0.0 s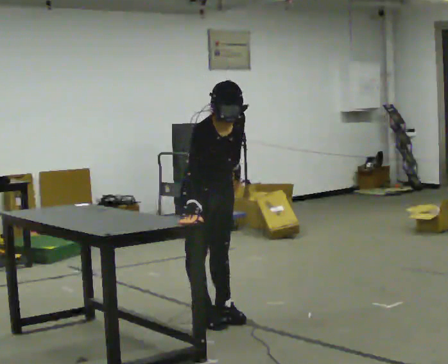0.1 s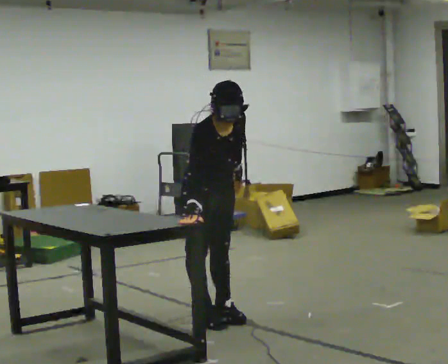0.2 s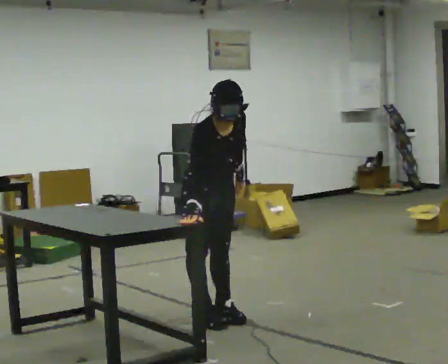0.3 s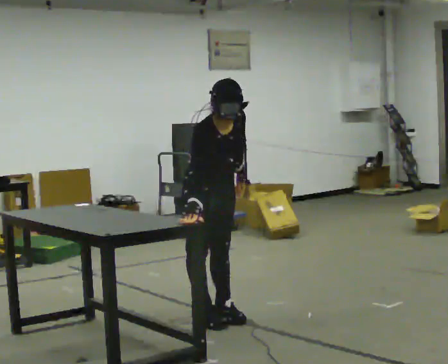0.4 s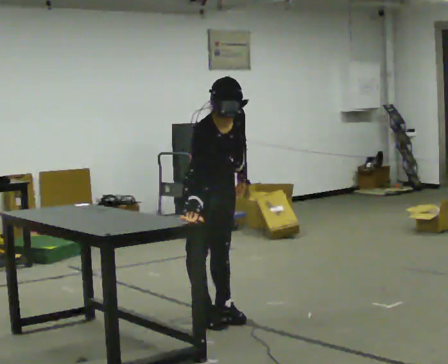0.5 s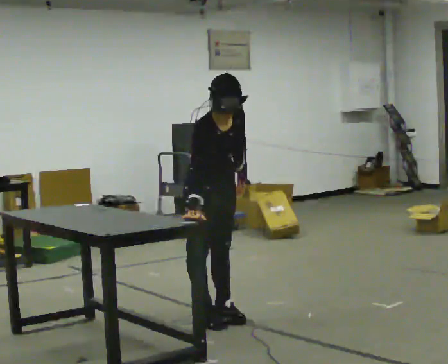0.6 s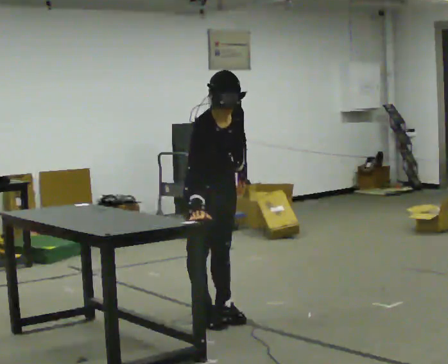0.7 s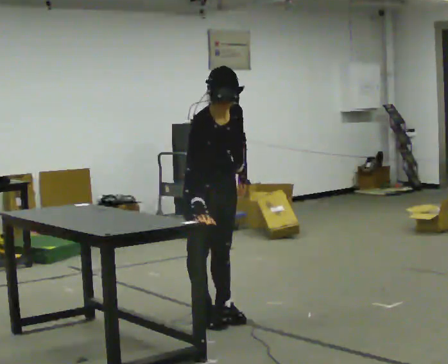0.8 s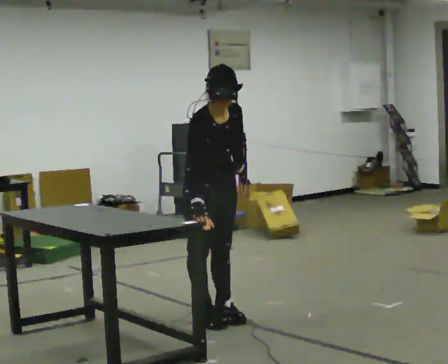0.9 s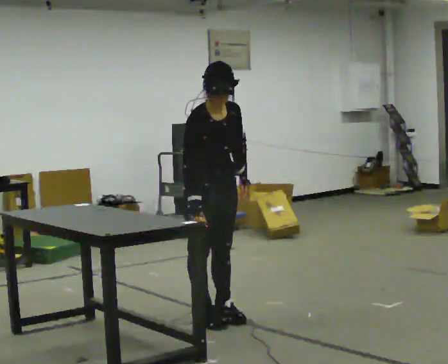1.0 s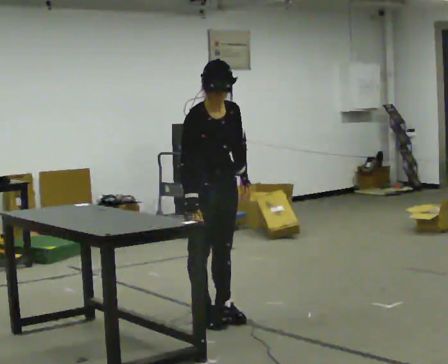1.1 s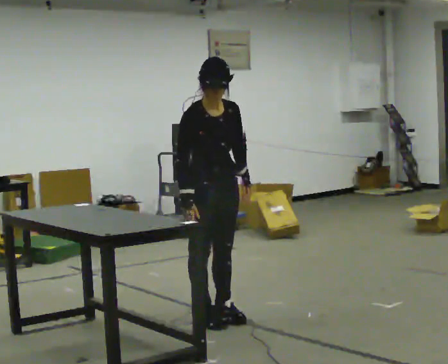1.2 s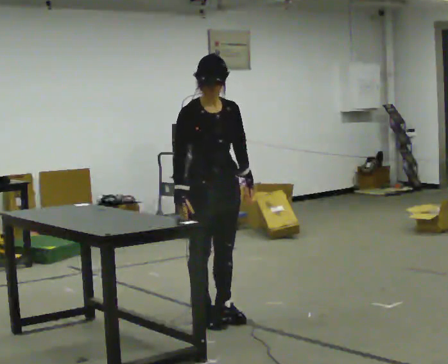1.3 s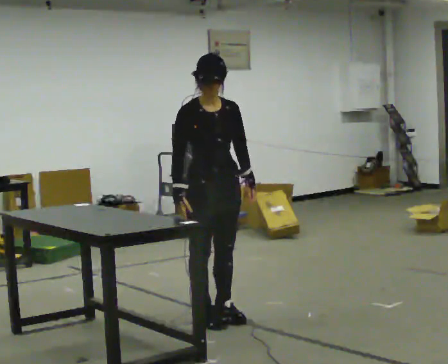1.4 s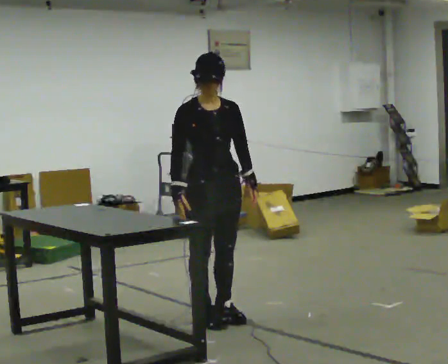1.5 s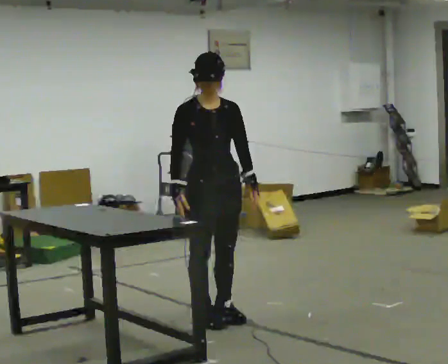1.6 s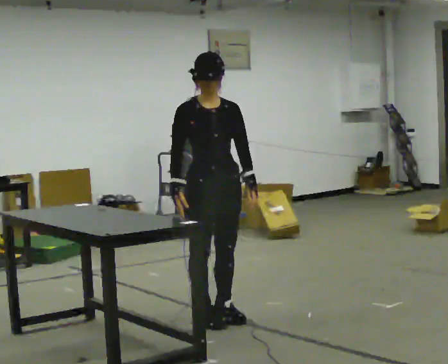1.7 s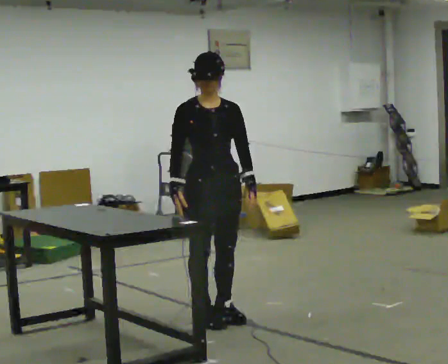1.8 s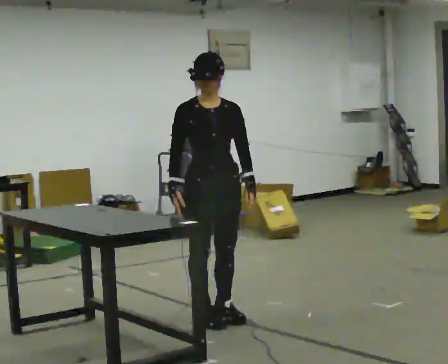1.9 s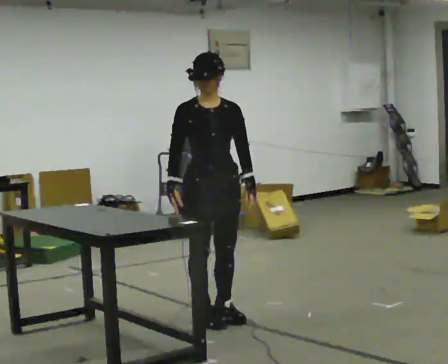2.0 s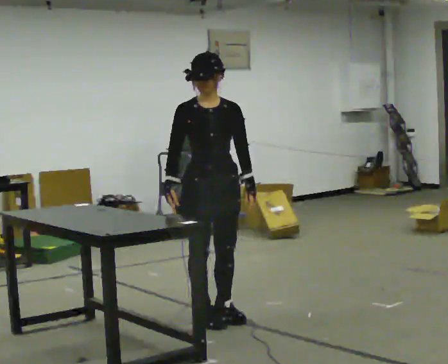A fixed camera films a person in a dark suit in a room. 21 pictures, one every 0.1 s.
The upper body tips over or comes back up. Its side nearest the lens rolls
upward.
0.0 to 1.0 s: The upper body tips away from the camera, its near side rolling upward, as they lean back or straighten.
1.0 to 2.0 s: Seen from above the body turns clockwise, about 30 degrees: to their right, with its near side sliding to the left. The upper body tips away from the camera, its near side rolling upward, as they lean back or straighten.
The film runs forward here.
